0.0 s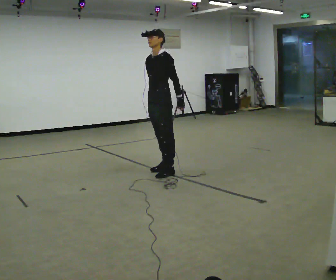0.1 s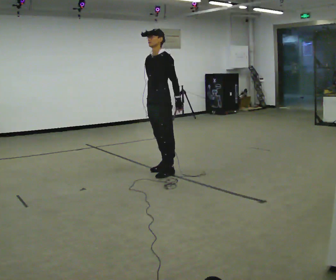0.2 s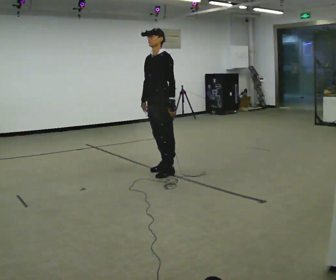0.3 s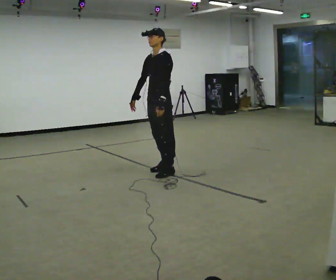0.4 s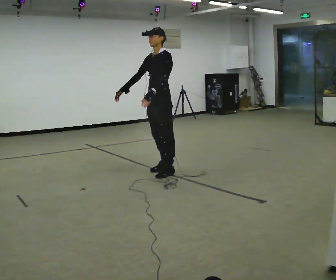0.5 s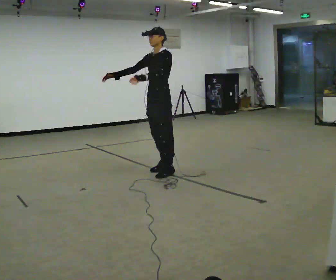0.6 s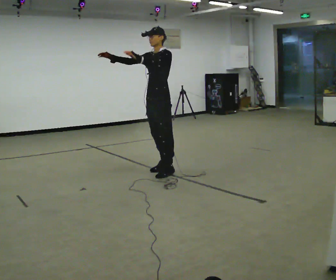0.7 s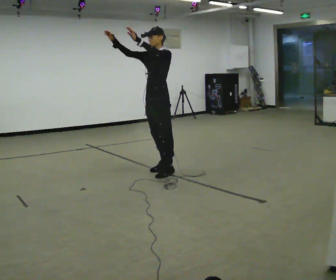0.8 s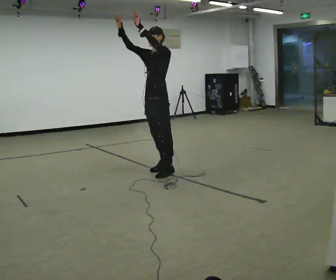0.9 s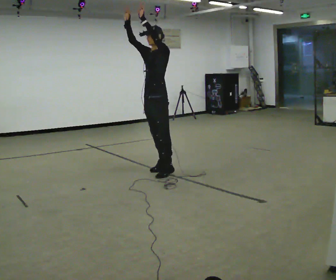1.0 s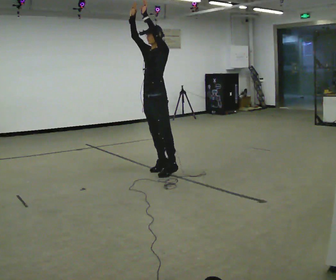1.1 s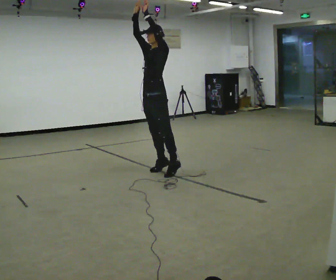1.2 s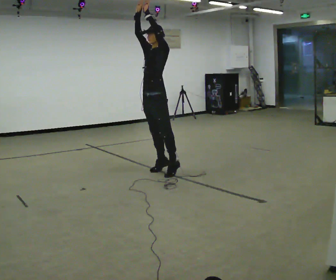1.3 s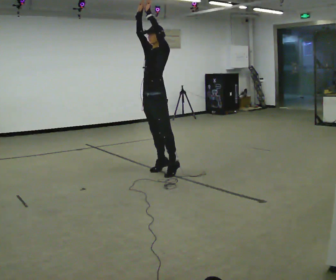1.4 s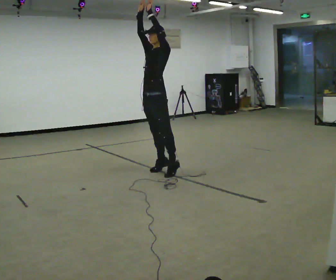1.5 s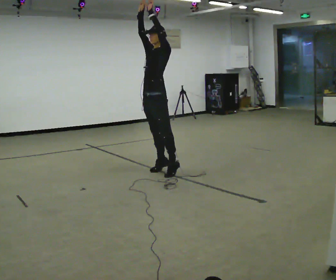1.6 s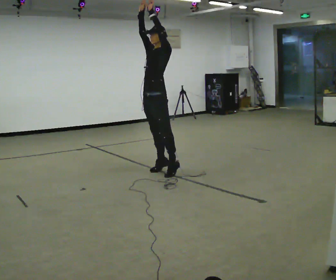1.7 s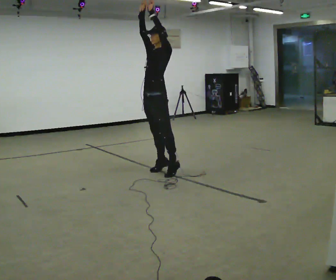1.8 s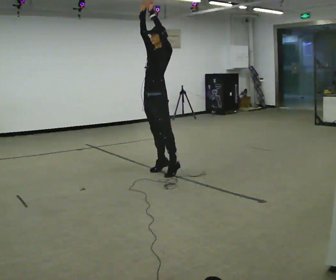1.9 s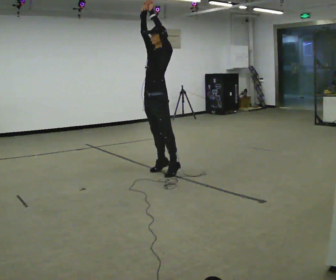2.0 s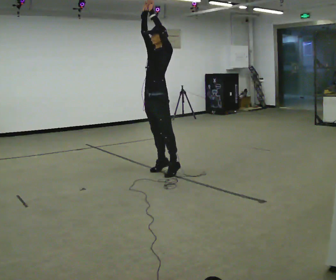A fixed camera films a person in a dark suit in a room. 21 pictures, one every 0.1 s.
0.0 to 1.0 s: In the picture their right hand goes upward, the arm swinging clockwise.
1.0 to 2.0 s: The person moves a little, or ends about where they began.
The film runs backward here.
